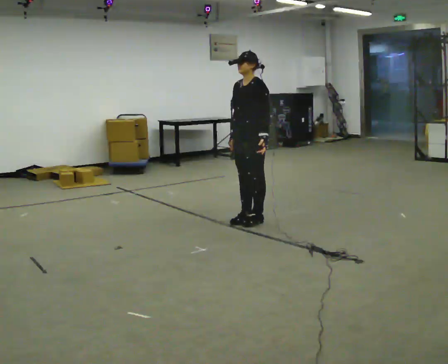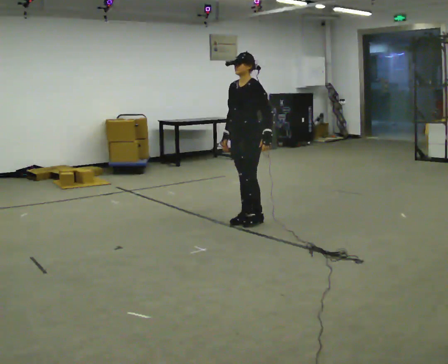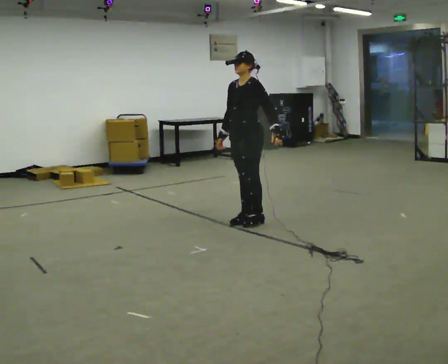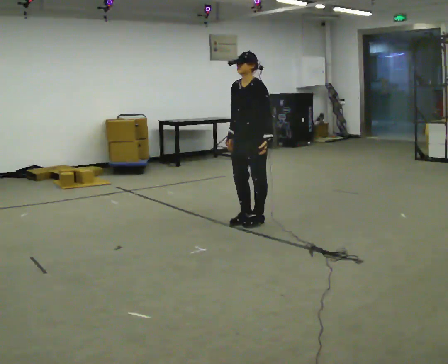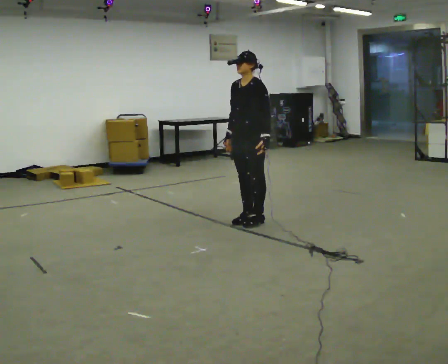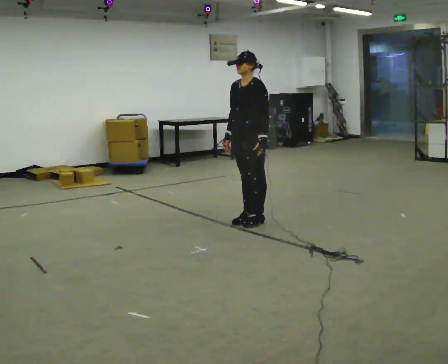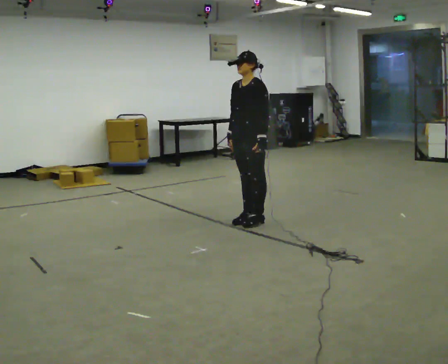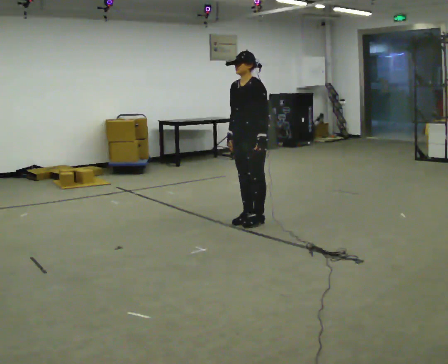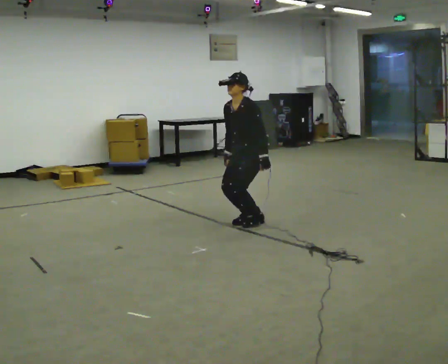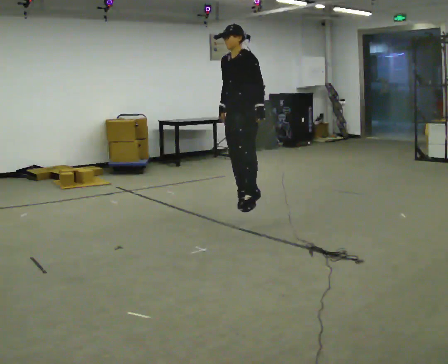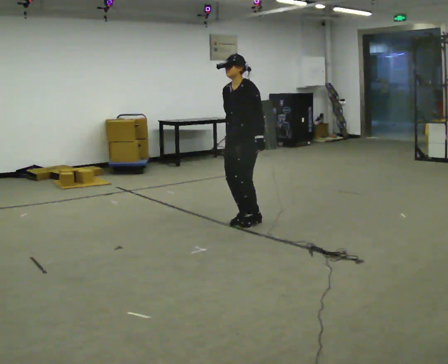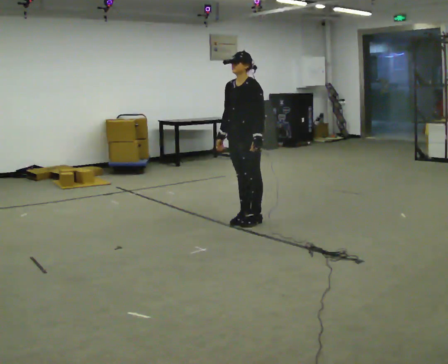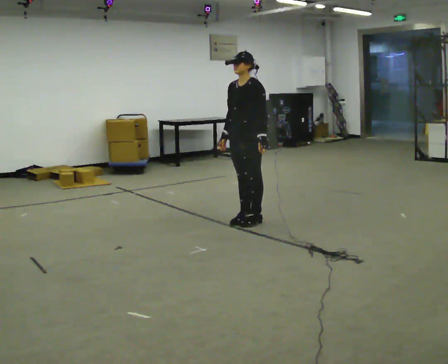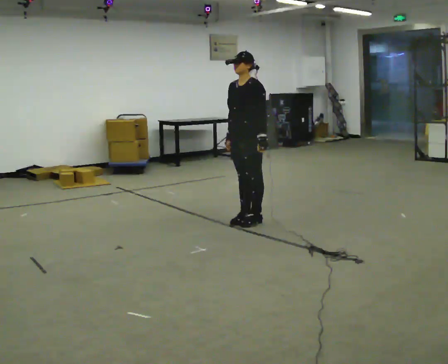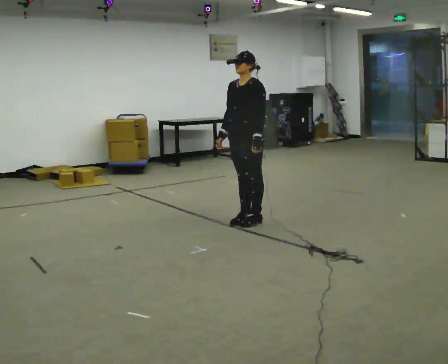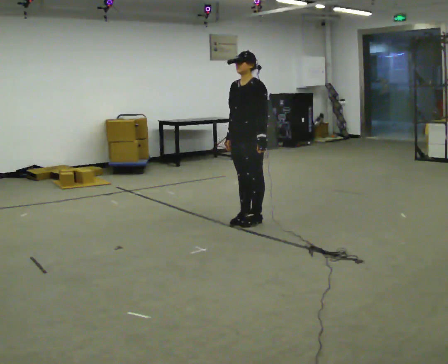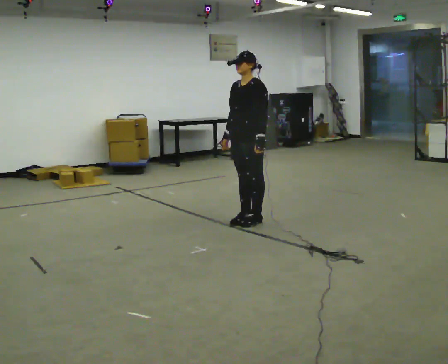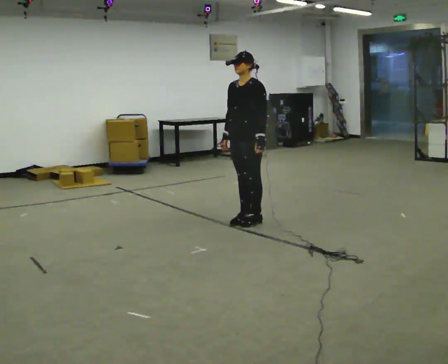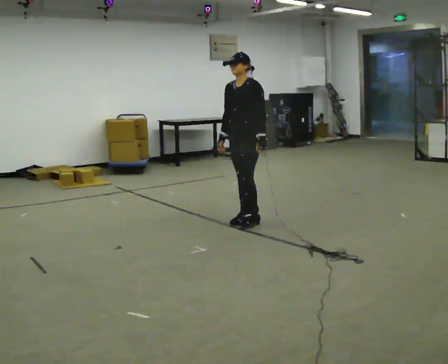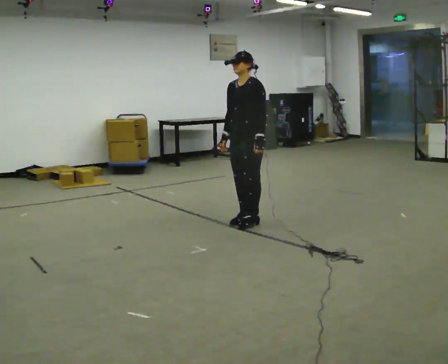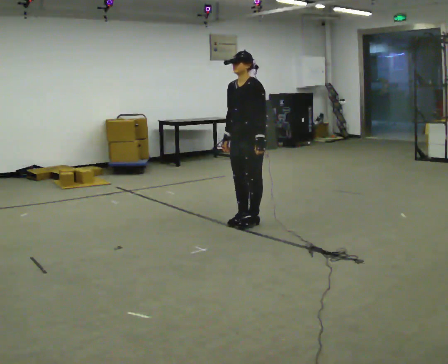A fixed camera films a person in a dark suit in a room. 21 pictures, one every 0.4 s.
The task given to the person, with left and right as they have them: Jump straight up as high as is comfortable and land softly on the same spot. Repeat the movement at your own pace until the operator says stop; do not rush.
0.0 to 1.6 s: The person moves a little, or ends about where they began.
1.6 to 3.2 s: The upper body goes downward. In the picture the upper body tilts counterclockwise, shoulders to the left, as they bend forward.
3.2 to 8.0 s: The person moves a little, or ends about where they began.
The film runs forward here.
